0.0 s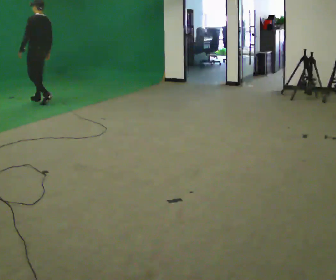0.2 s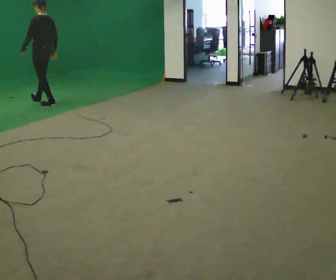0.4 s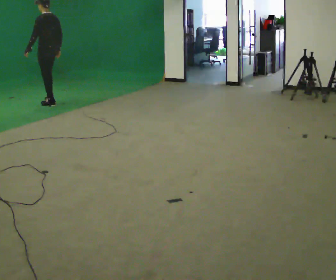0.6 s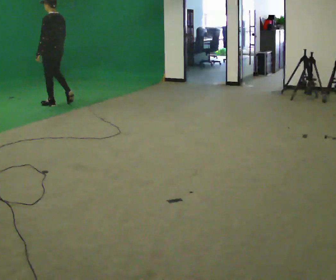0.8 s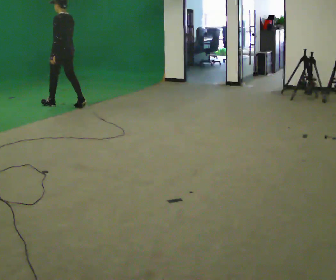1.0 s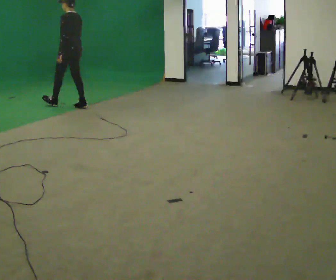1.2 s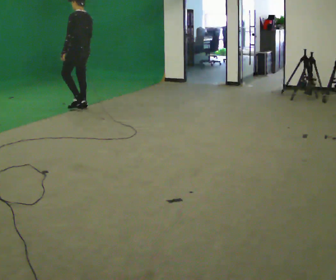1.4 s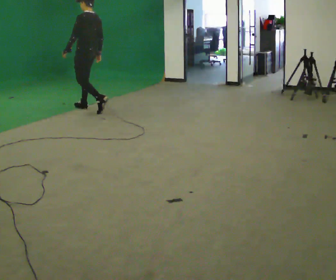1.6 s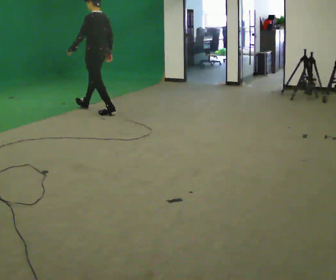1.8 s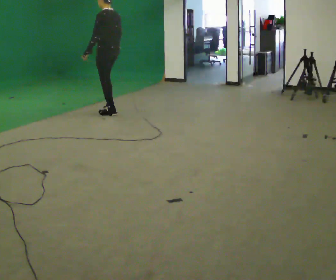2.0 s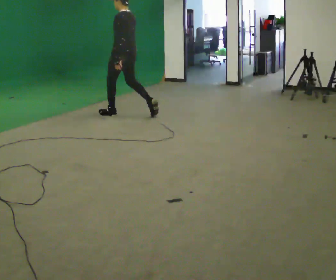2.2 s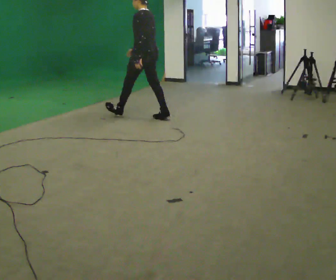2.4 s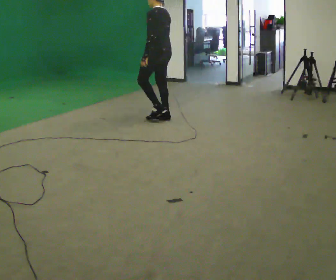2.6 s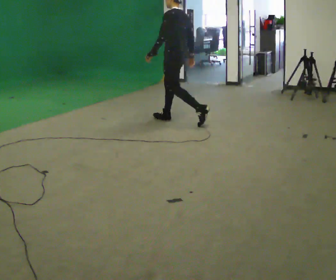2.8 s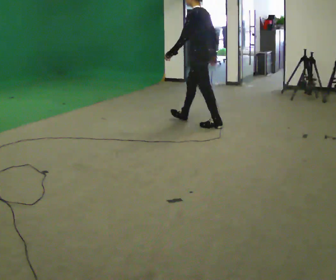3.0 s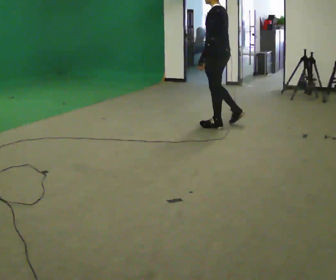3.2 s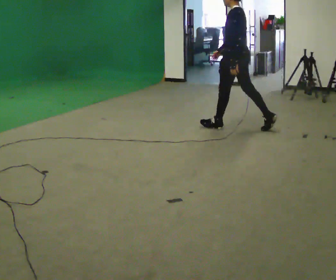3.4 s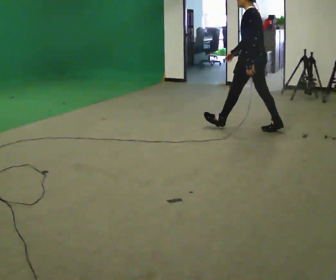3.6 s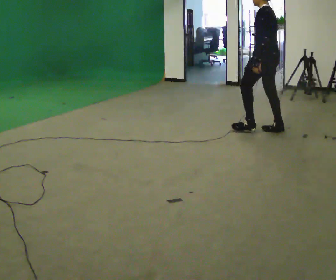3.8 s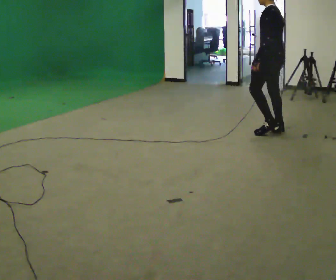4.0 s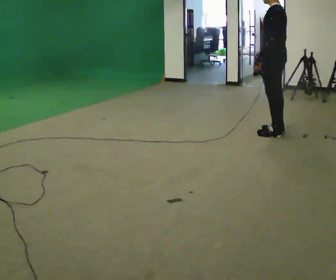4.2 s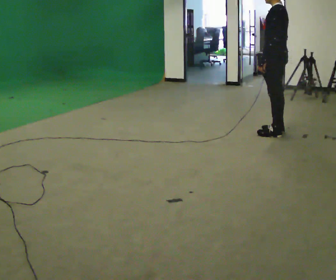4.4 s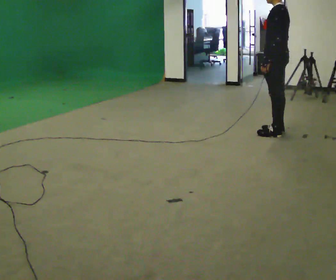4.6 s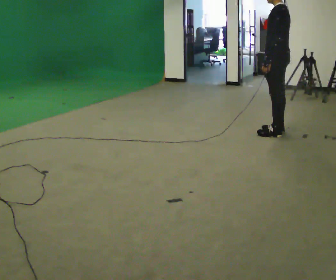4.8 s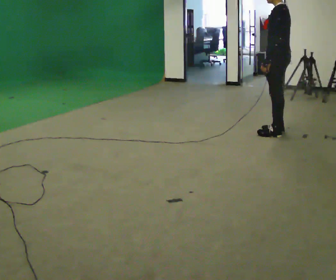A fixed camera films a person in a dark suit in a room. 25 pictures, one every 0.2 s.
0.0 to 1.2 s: In the picture they go to the right and toward the camera, about 1 m in 2 steps, which for them is backward.
1.2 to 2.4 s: In the picture they go to the right and toward the camera, about 1.5 m in 2 steps, which for them is backward.
2.4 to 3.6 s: In the picture they go to the right and toward the camera, about 1.5 m in 2 steps, which for them is backward.
3.6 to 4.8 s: In the picture they go toward the camera, about 0.25 m, which for them is backward.
The film runs backward here.
